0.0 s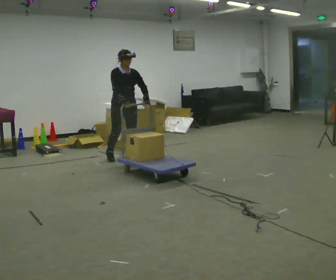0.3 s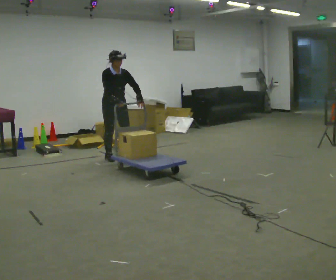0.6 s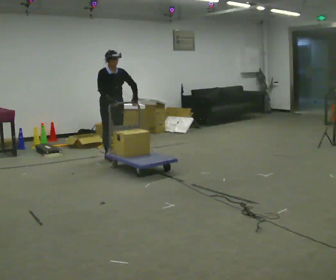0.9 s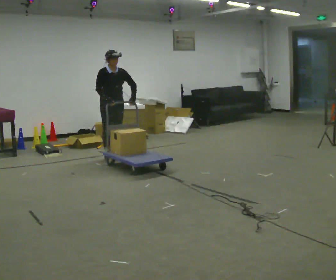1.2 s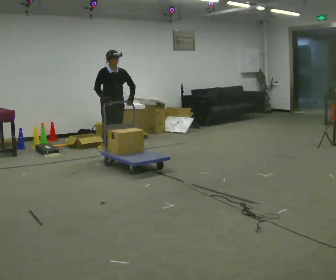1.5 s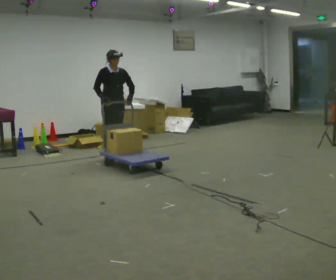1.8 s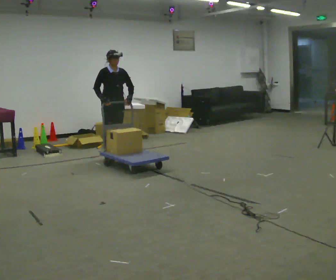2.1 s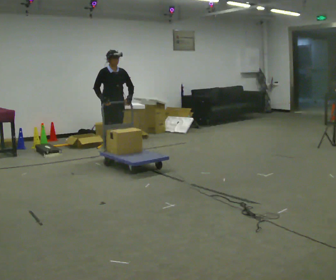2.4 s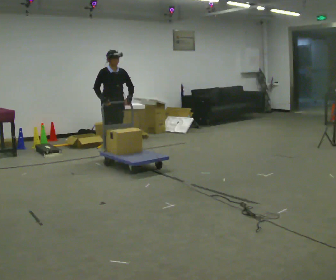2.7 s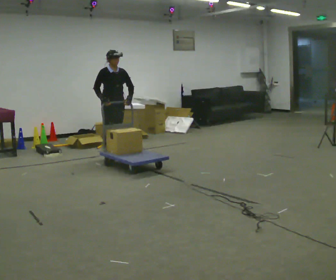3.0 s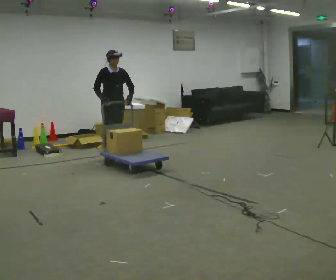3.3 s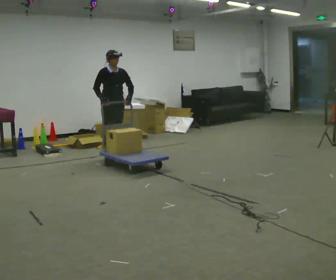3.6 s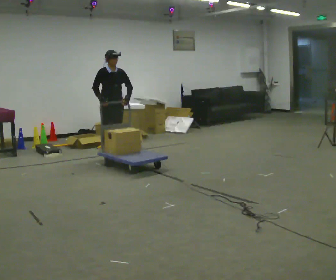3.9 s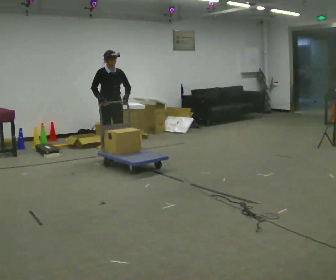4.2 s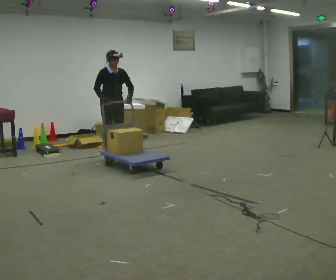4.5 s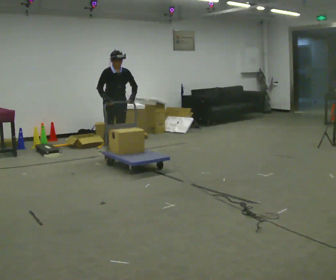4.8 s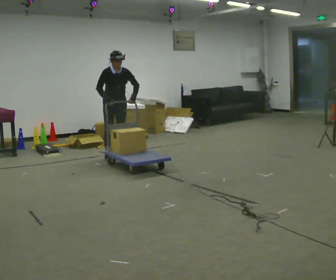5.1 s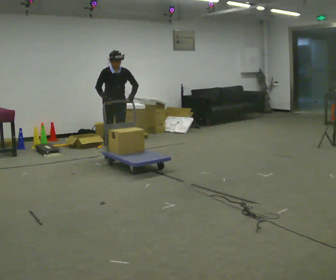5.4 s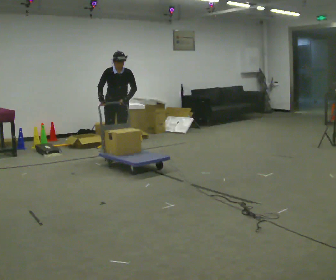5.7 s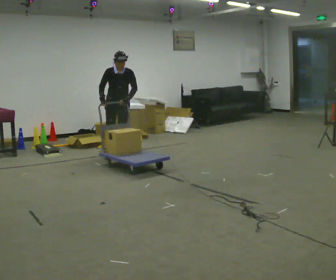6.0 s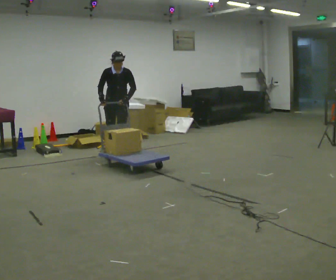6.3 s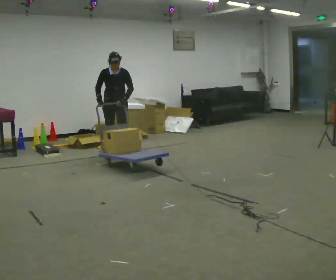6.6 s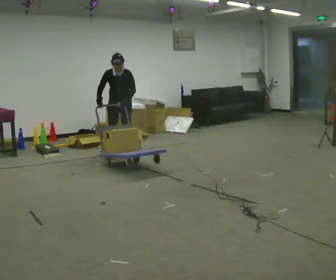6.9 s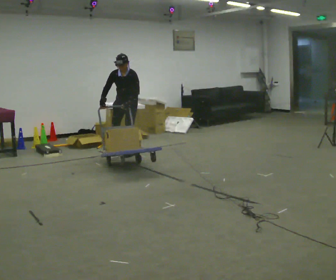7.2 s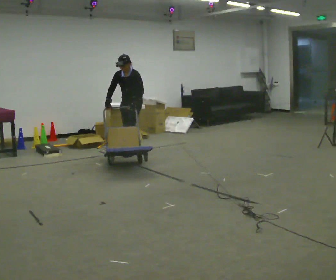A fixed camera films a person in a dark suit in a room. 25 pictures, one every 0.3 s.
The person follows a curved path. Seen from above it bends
clockwise.
0.0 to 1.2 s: In the picture they go away from the camera and to the left, about 0.25 m in 1 step, which for them is backward.
1.2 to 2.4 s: The person moves a little, or ends about where they began.
2.4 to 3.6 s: The person keeps their place and pose.
3.6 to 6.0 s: The person moves a little, or ends about where they began.
6.0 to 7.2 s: The part of the body nearest the lens slides to the left as the person turns to their right by about 45 degrees. In the picture they go to the right, about 0.25 m in 2 steps, which for them is backward and to their left.
The film runs backward here.
